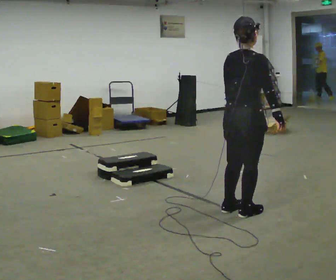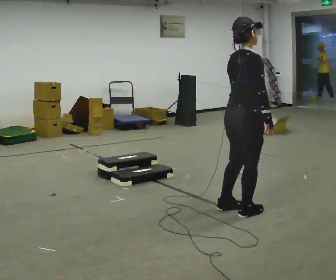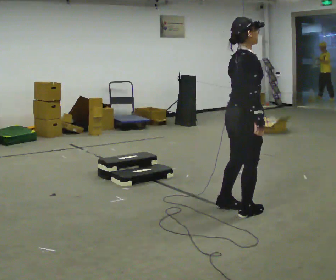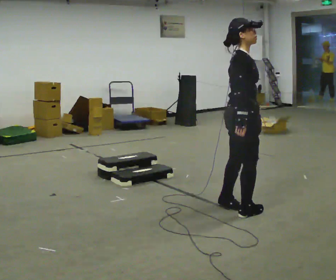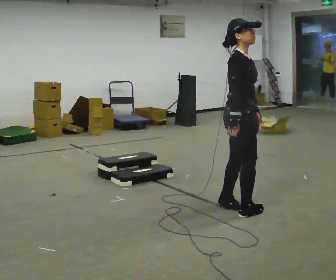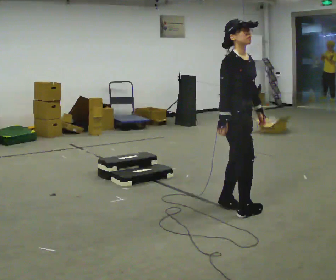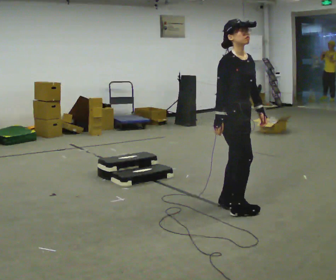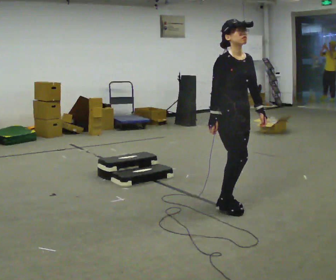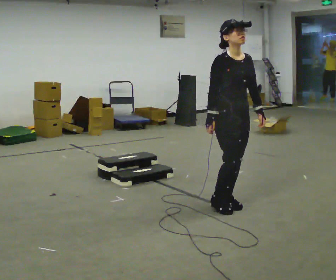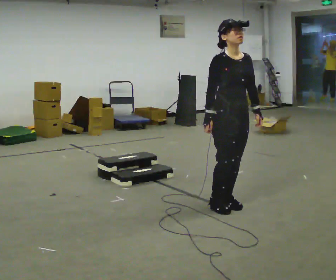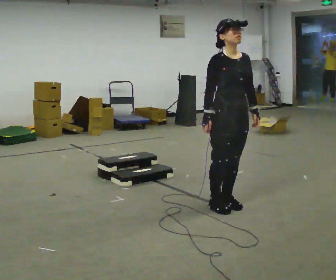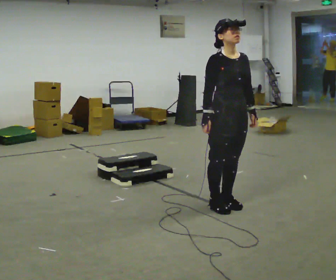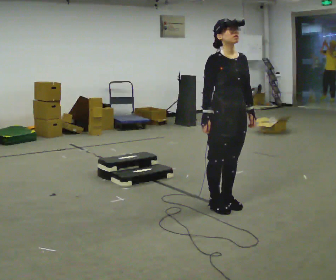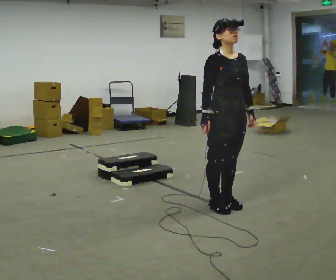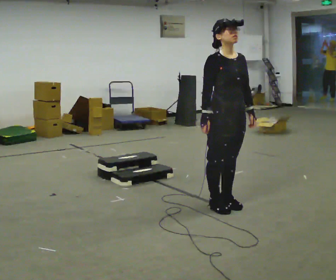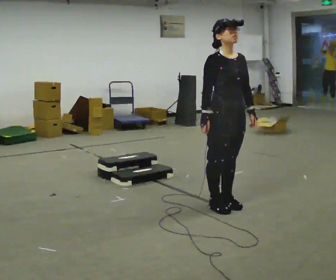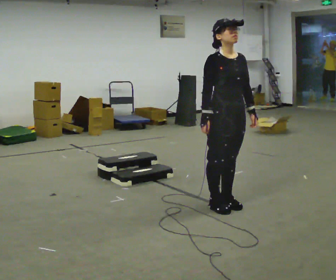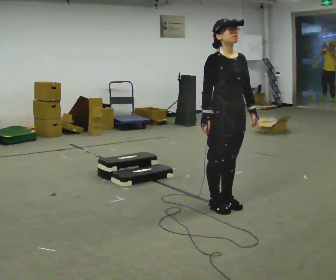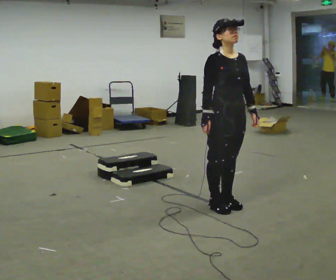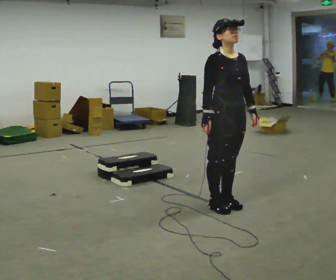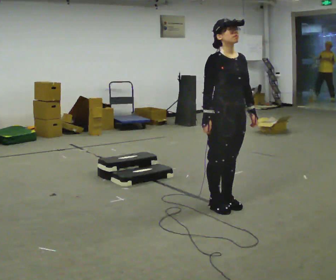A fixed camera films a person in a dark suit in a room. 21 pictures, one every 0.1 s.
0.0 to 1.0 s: Seen from above the body turns clockwise, about 120 degrees: to their right, with its near side sliding to the left. In the picture they go away from the camera, about 0.25 m in 2 steps. In the picture their right hand goes to the left, the arm swinging clockwise.
1.0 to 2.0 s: The person moves a little, or ends about where they began.
The film runs backward here.
